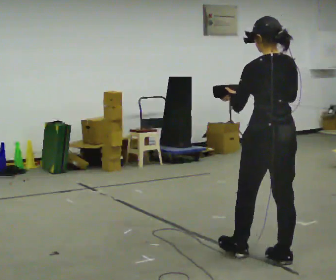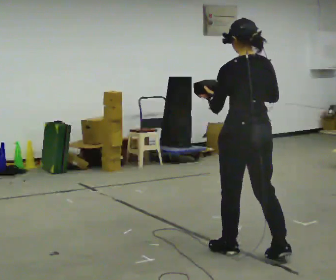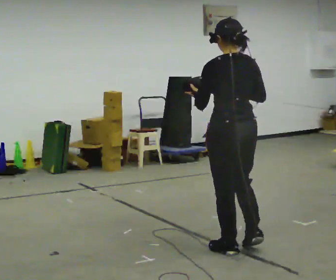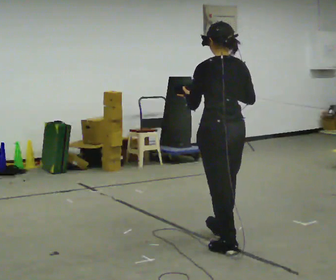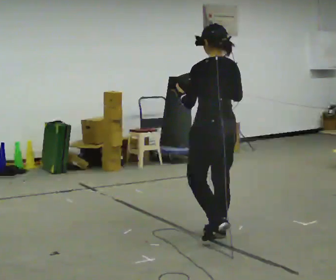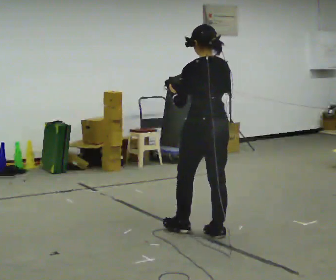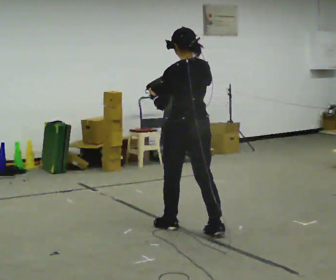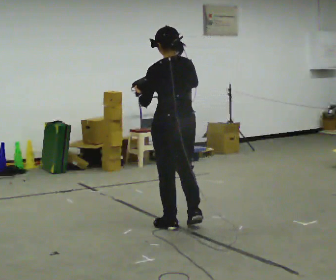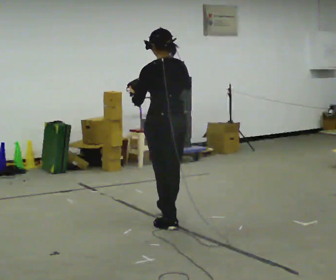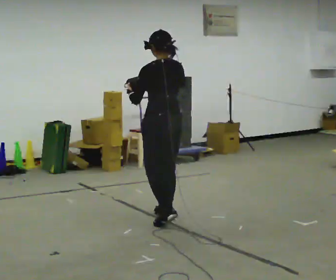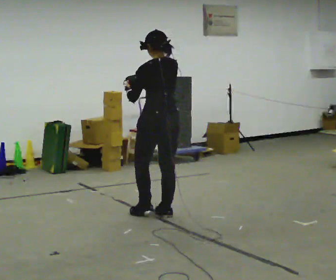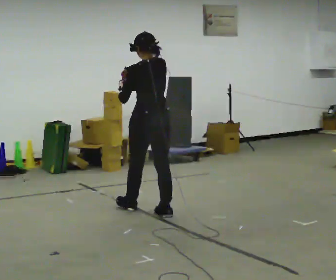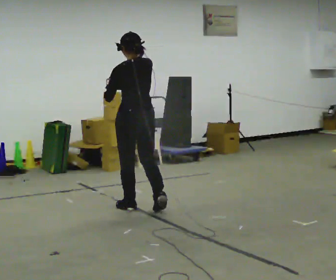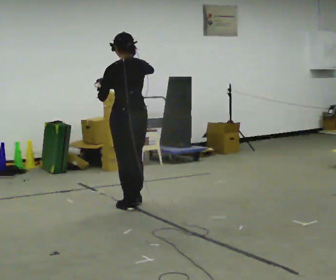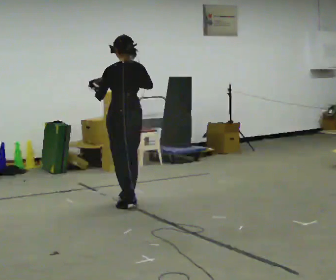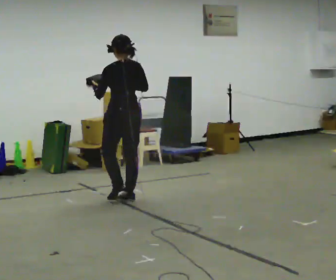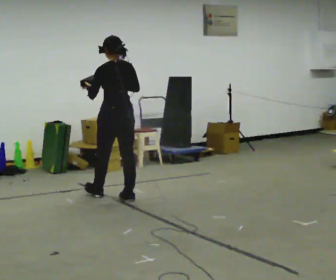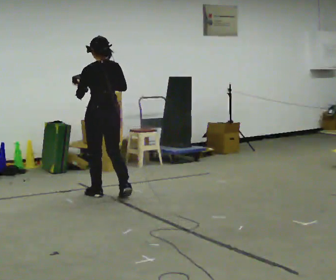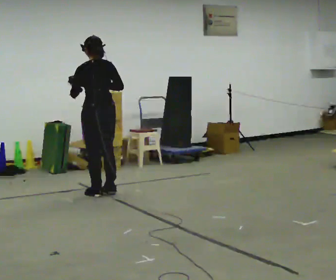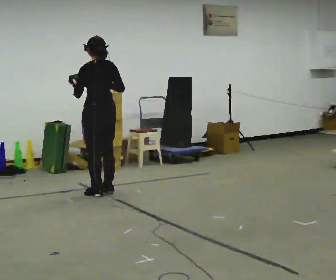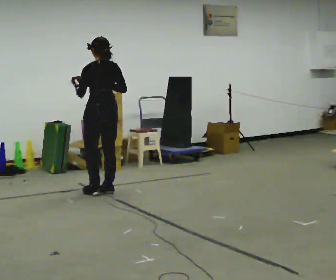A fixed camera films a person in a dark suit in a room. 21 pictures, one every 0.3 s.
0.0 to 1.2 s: In the picture they go away from the camera and to the left, about 0.75 m in 2 steps, which for them is forward.
1.2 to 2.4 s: In the picture they go away from the camera and to the left, about 0.5 m in 2 steps, which for them is forward.
2.4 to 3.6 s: In the picture they go away from the camera and to the left, about 0.5 m in 1 step, which for them is forward.
3.6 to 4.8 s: In the picture they go away from the camera and to the left, about 0.5 m in 2 steps, which for them is forward.
4.8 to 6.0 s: In the picture they go away from the camera and to the left, about 0.25 m in 1 step, which for them is forward.
The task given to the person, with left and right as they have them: Carry the bag and, while walking, undo the buckle or zip, then do it up again. Keep repeating as you walk. Do not stop.
The film runs forward here.
